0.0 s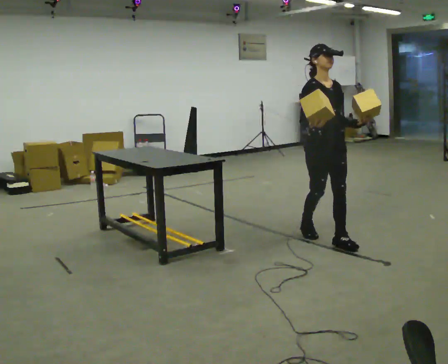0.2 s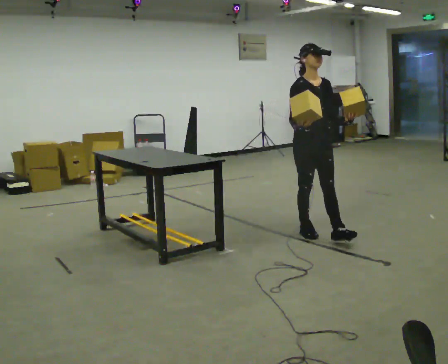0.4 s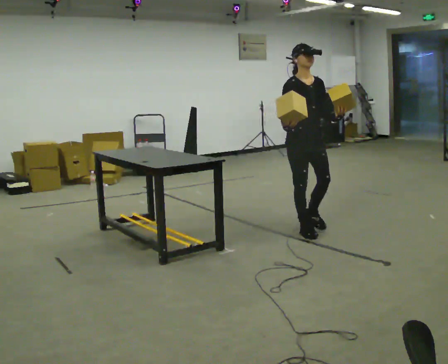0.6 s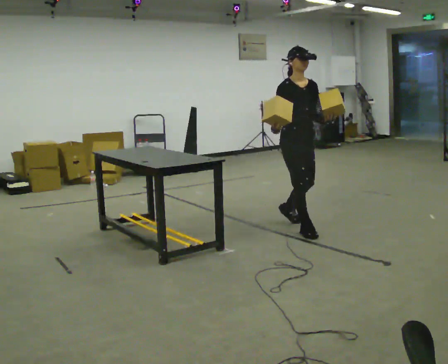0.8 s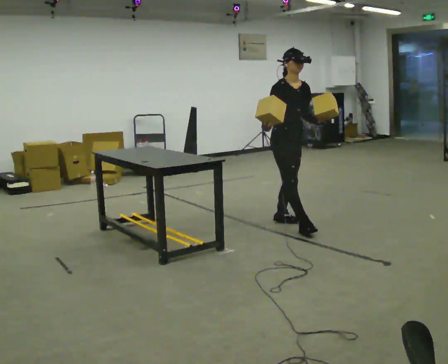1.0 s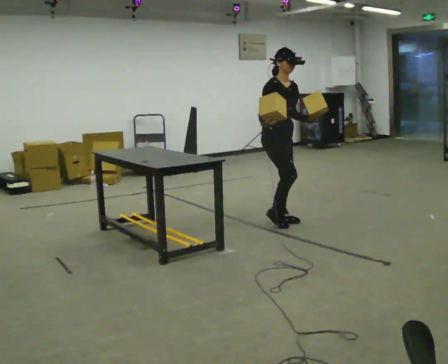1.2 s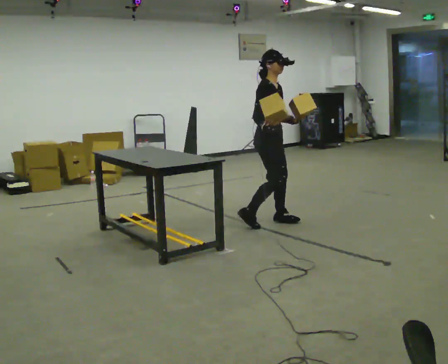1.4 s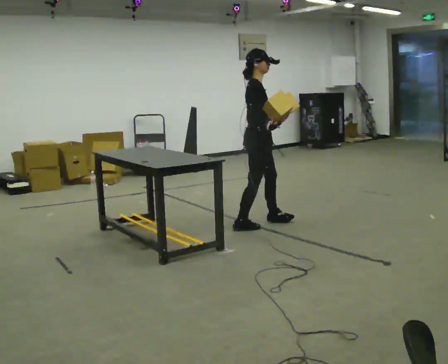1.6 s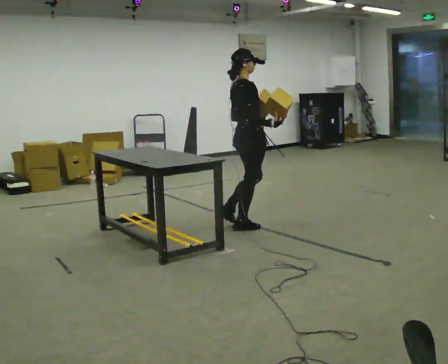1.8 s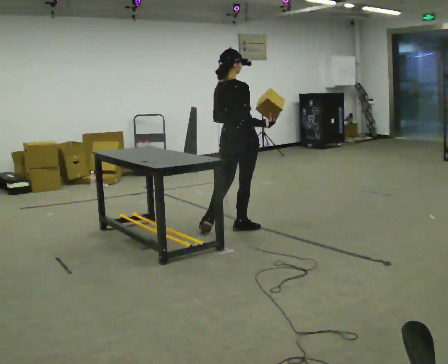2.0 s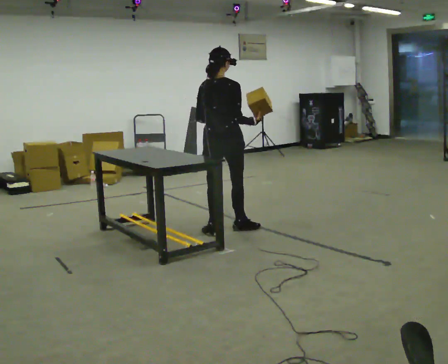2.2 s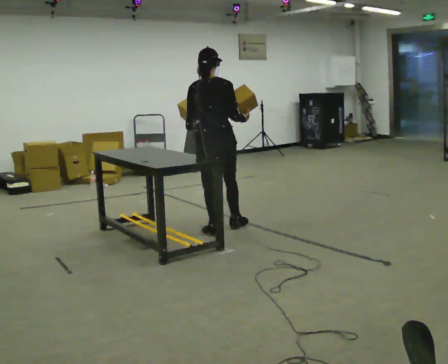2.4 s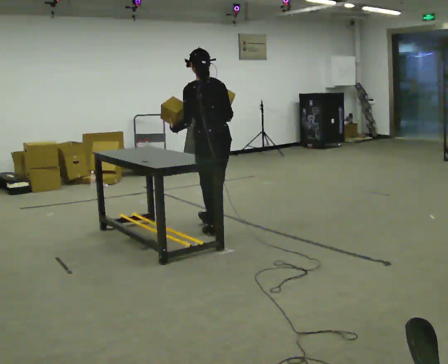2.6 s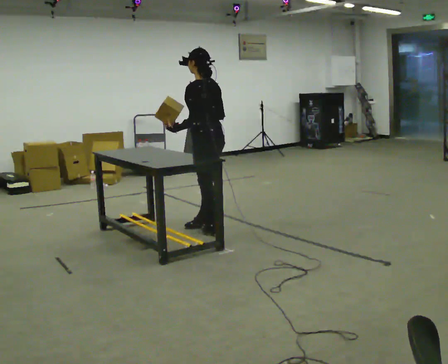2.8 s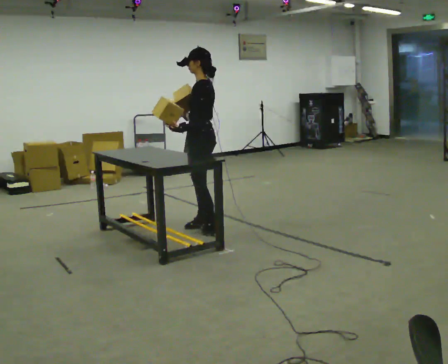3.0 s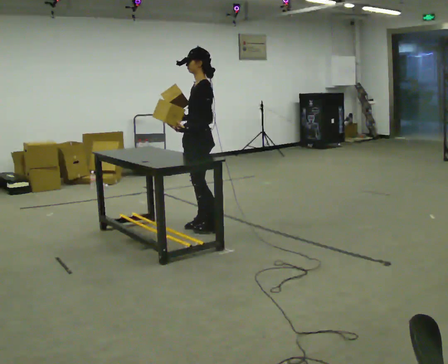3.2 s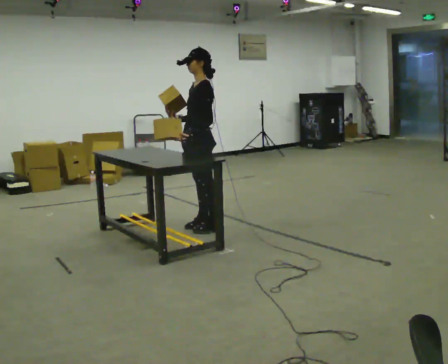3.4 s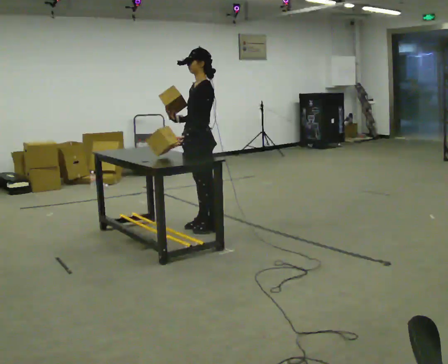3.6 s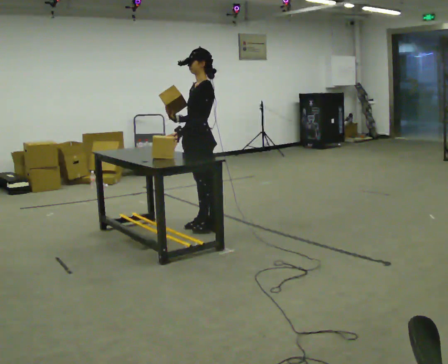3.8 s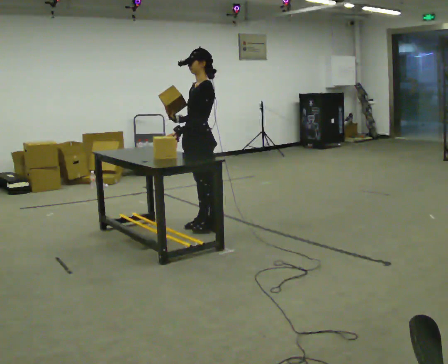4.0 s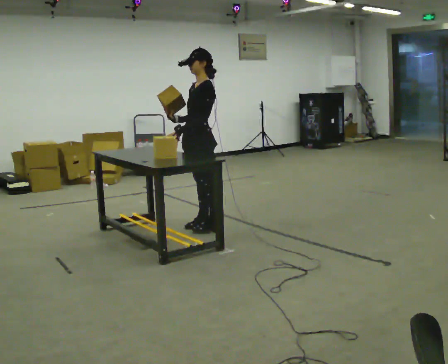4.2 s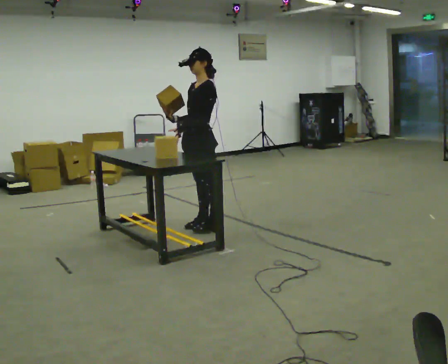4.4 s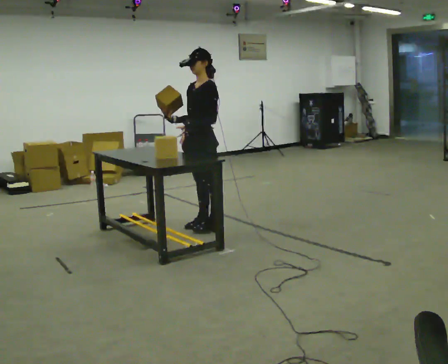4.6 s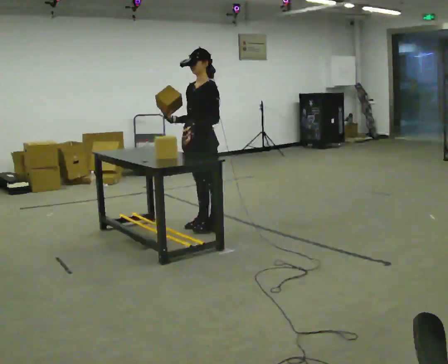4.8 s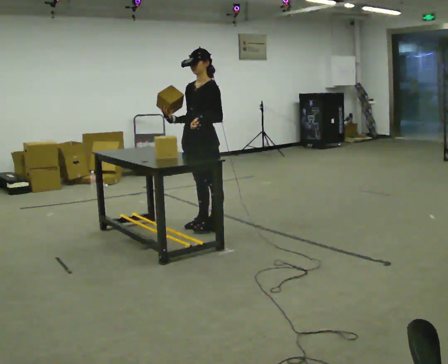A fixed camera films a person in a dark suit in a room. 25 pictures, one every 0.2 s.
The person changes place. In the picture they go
to the left.
The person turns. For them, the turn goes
to their left.
0.0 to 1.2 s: The person turns about 45 degrees to their left, counterclockwise seen from above, so the part of the body nearest the lens slides to the right. In the picture they go away from the camera and to the left, about 0.75 m in 2 steps, which for them is backward.
1.2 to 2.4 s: The part of the body nearest the lens slides to the right as the person turns to their left by about 150 degrees. In the picture they go to the left, about 0.5 m in 2 steps.
2.4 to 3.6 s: The person turns about 75 degrees to their left, counterclockwise seen from above, so the part of the body nearest the lens slides to the right. In the picture their right hand goes to the left.
3.6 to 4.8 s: The person moves a little, or ends about where they began.
The film runs backward here.
